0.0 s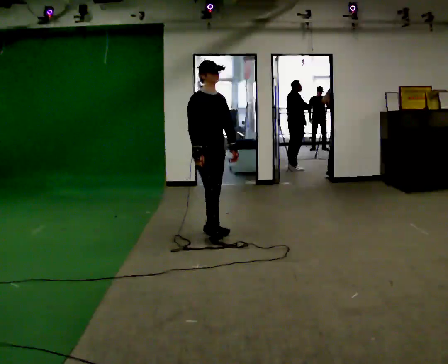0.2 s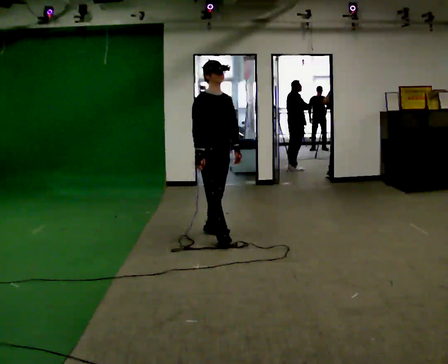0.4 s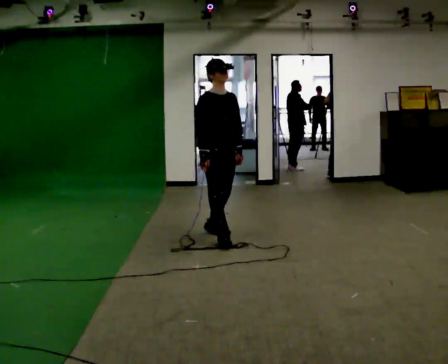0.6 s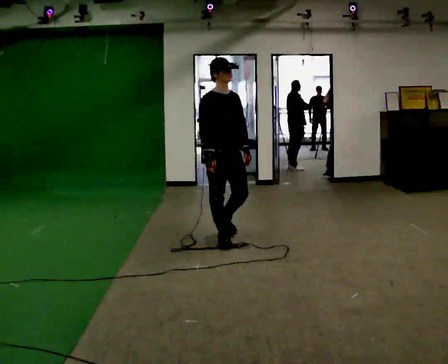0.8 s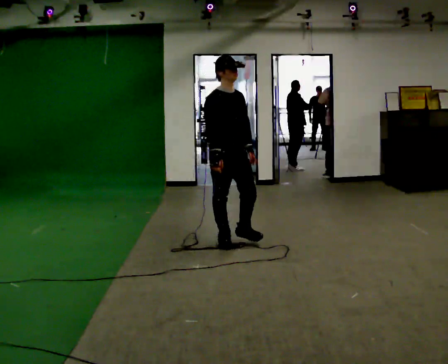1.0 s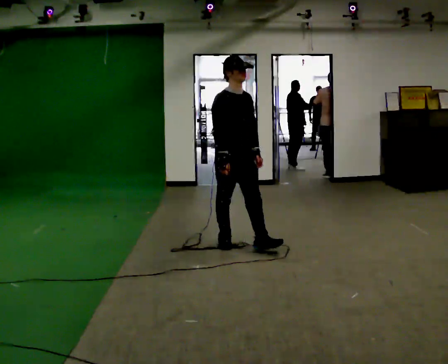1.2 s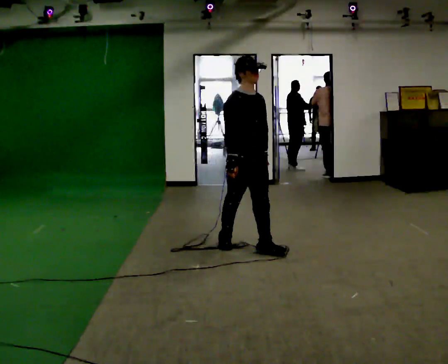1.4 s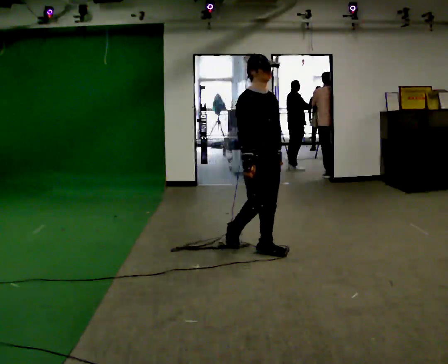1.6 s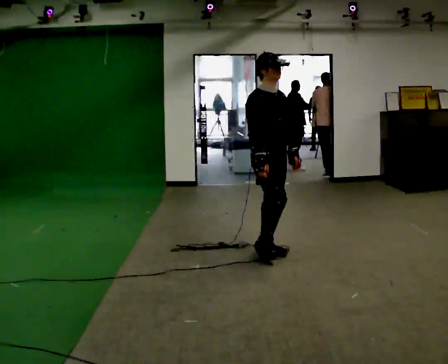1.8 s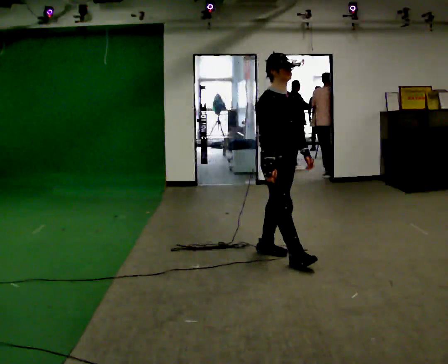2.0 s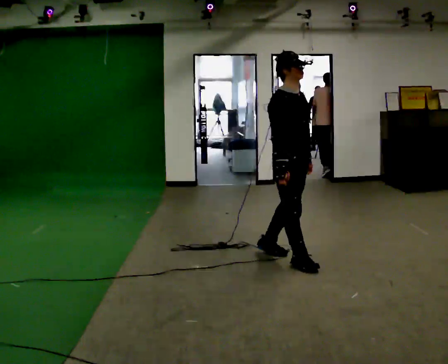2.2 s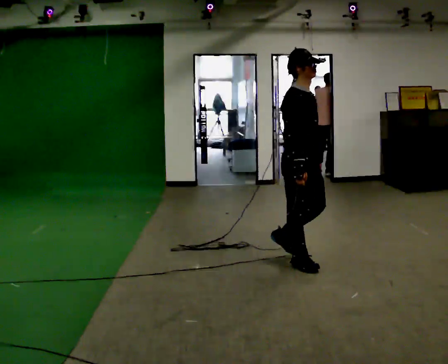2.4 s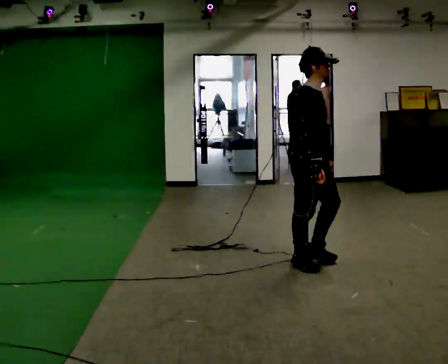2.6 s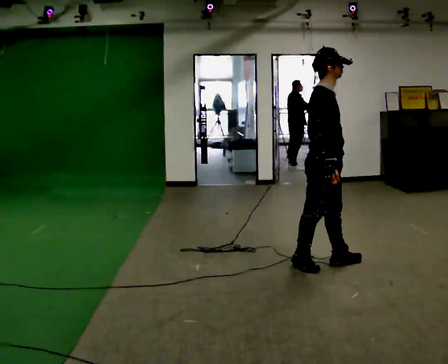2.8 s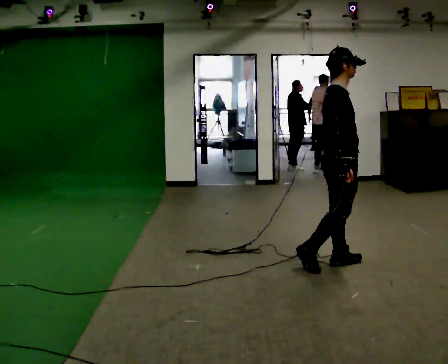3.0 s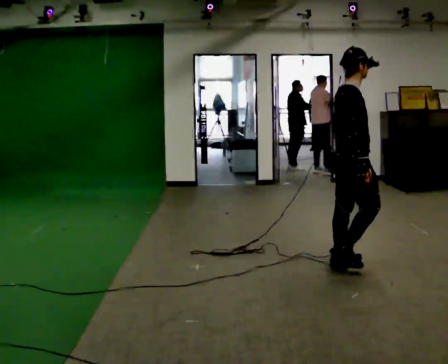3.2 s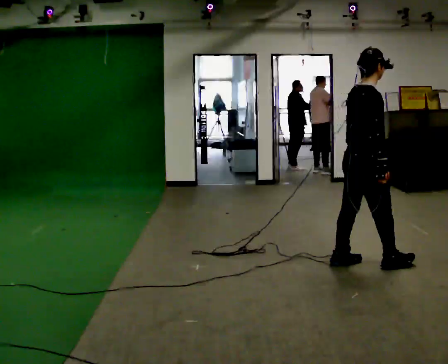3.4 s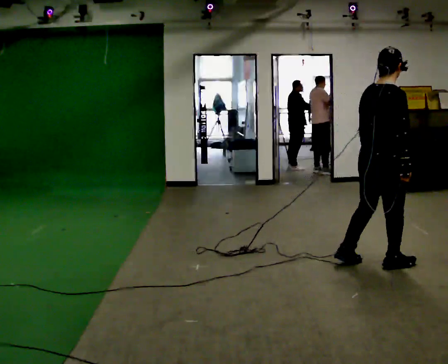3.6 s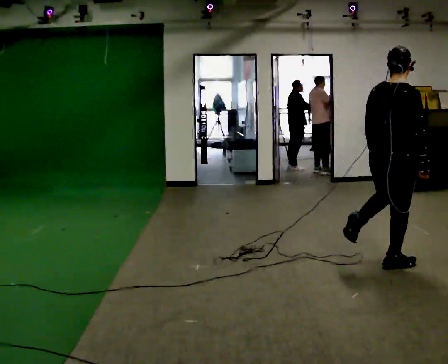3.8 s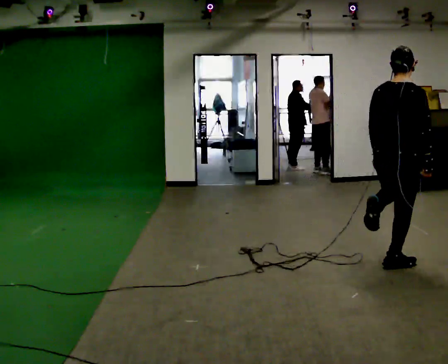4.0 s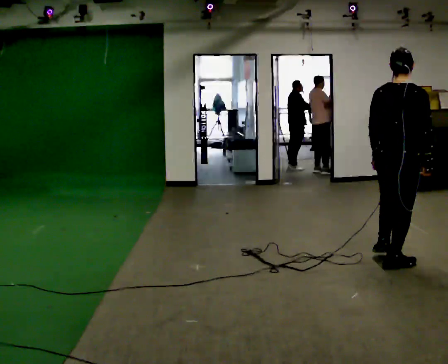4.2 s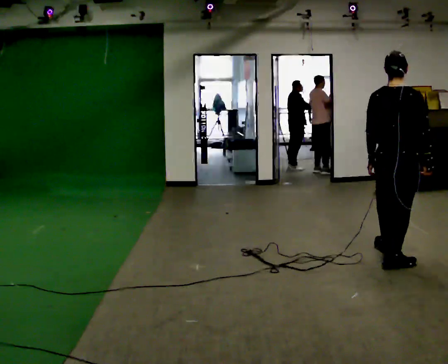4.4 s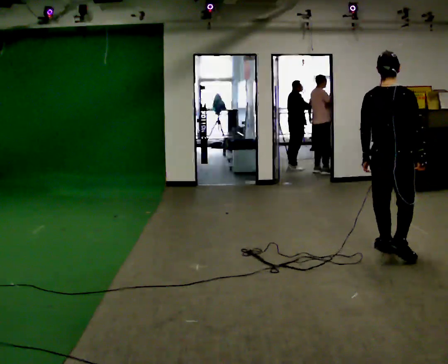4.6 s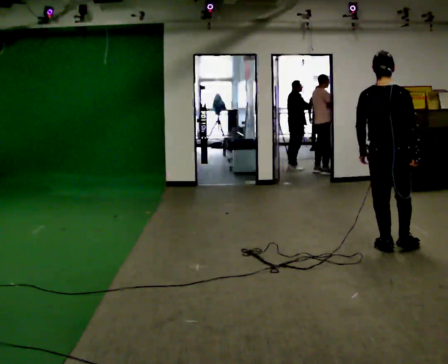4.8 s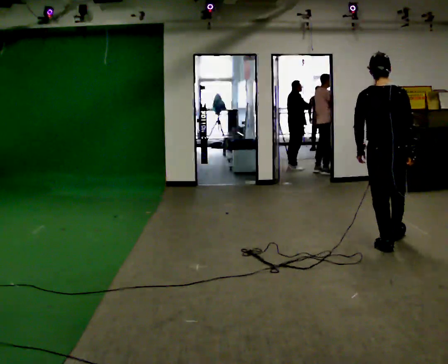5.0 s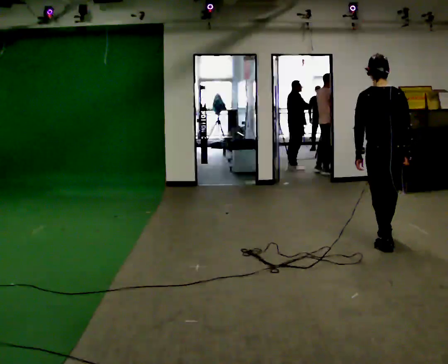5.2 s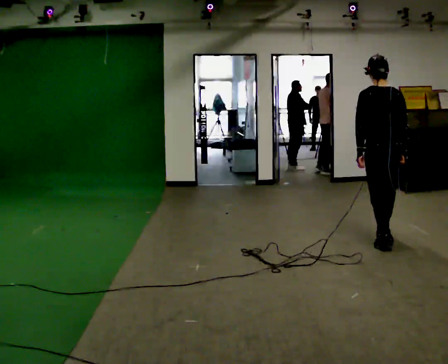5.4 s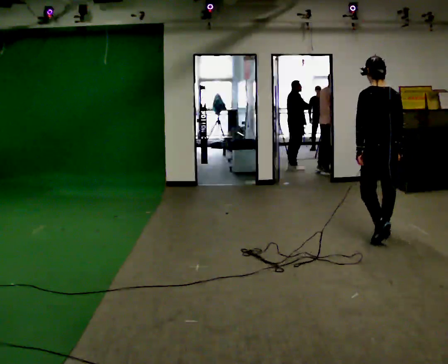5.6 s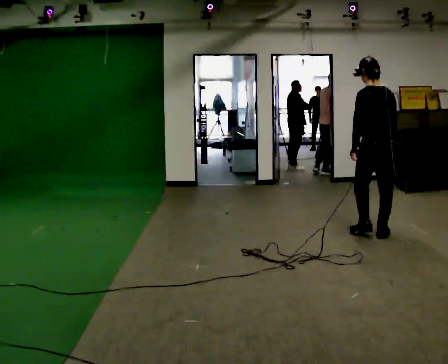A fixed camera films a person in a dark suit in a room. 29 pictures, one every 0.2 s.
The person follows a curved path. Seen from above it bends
counterclockwise.
The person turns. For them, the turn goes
to their left.
0.0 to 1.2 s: In the picture they go to the right and toward the camera, about 0.75 m in 2 steps, which for them is forward.
1.2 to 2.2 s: Seen from above the body turns counterclockwise, about 30 degrees: to their left, with its near side sliding to the right. In the picture they go to the right and toward the camera, about 0.5 m in 1 step, which for them is forward.
2.2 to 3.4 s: The part of the body nearest the lens slides to the right as the person turns to their left by about 60 degrees. In the picture they go to the right, about 0.75 m in 2 steps.
3.4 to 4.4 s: The part of the body nearest the lens slides to the right as the person turns to their left by about 30 degrees. In the picture they go away from the camera, about 0.25 m in 1 step, which for them is forward.
4.4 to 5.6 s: The person turns about 45 degrees to their left, counterclockwise seen from above, so the part of the body nearest the lens slides to the right. In the picture they go away from the camera, about 0.5 m in 1 step, which for them is forward.
The film runs forward here.
